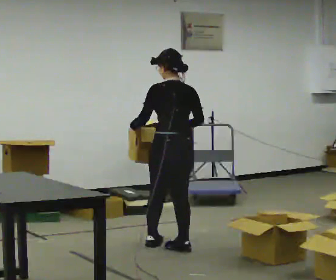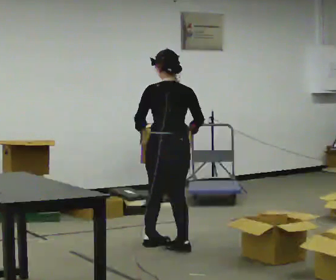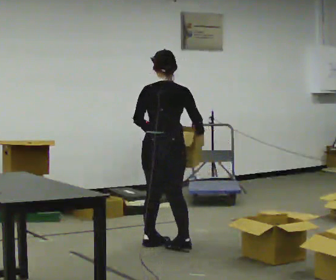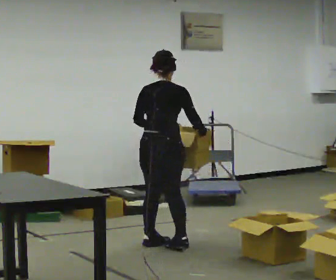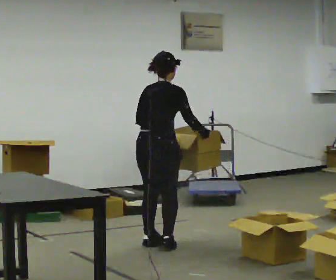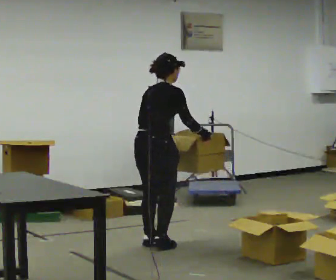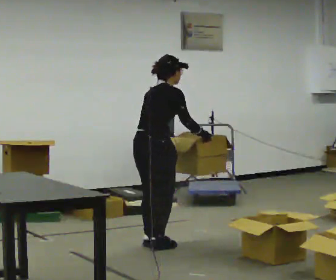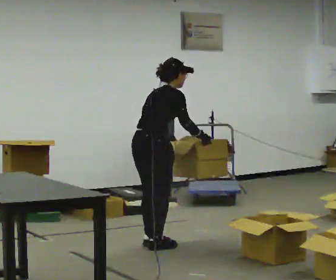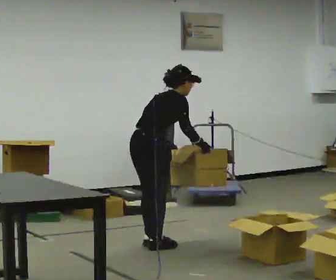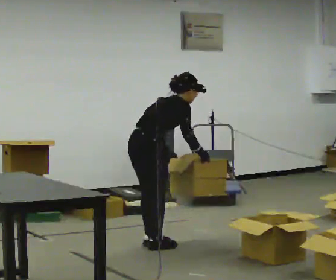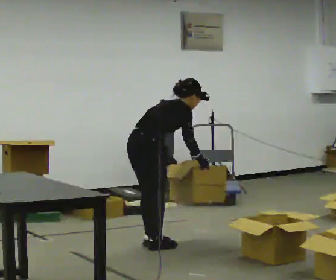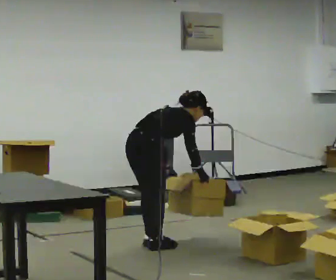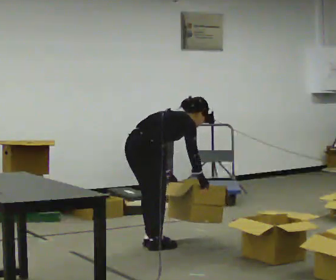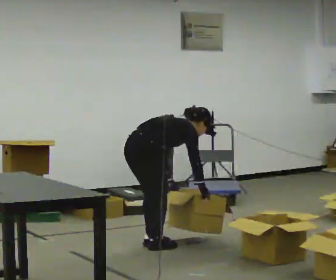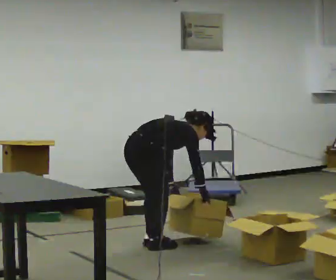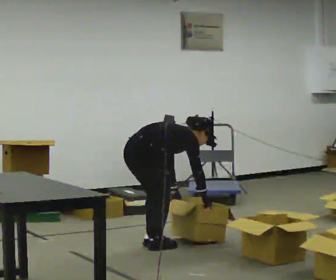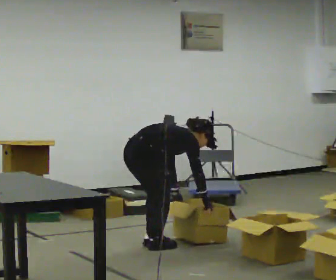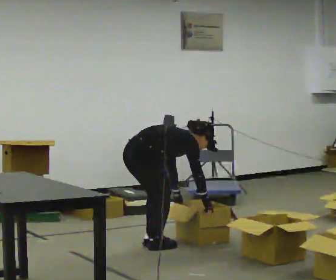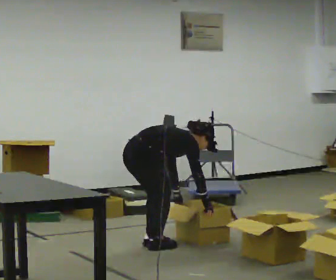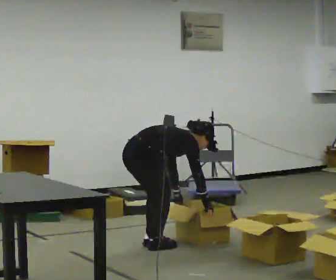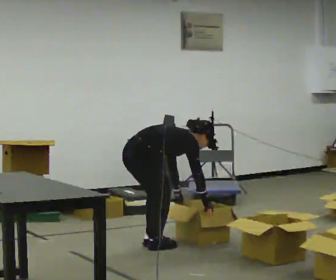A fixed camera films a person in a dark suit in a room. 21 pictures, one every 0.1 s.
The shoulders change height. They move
downward.
Their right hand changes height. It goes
downward.
0.0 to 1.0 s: The part of the body nearest the lens slides to the left as the person turns to their right by about 75 degrees. In the picture they go to the left, about 0.25 m in 1 step. In the picture the upper body tilts clockwise, shoulders to the right, as they bend forward.
1.0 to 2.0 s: The upper body goes downward. In the picture the upper body tilts clockwise, shoulders to the right, as they bend forward. In the picture their right hand goes downward.
The film runs backward here.
